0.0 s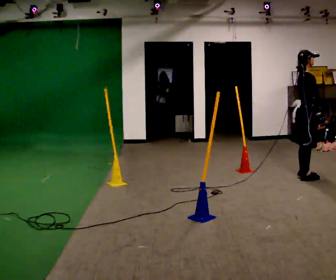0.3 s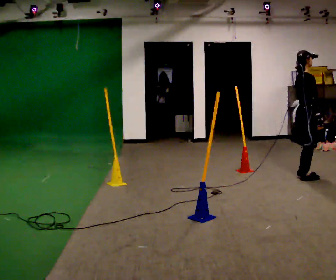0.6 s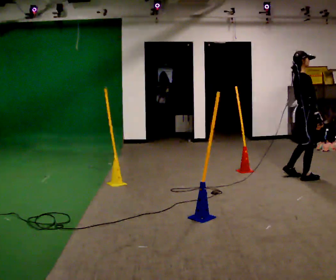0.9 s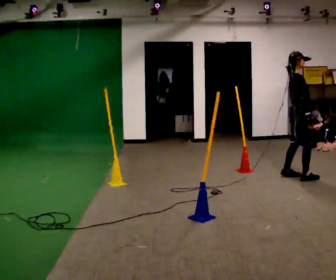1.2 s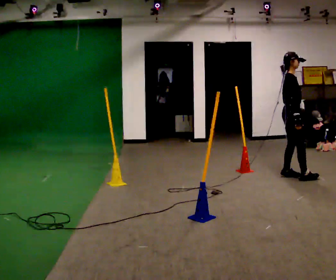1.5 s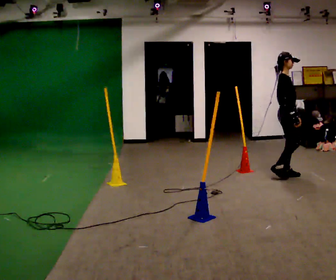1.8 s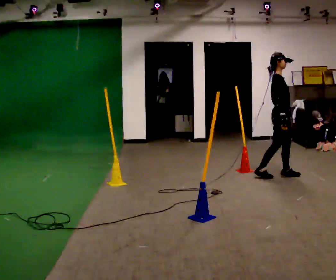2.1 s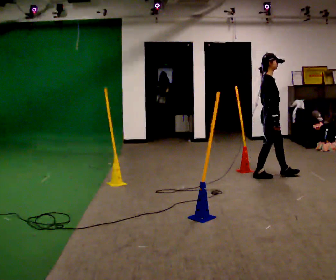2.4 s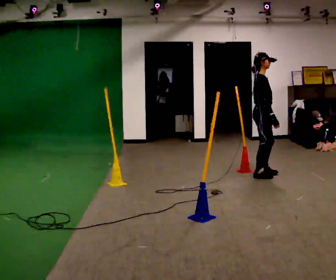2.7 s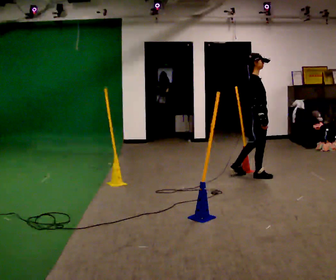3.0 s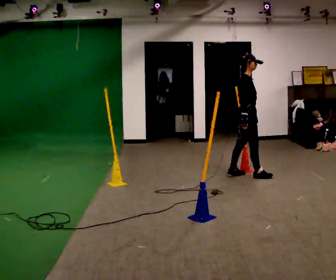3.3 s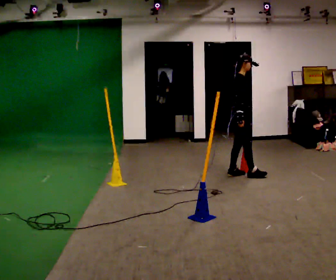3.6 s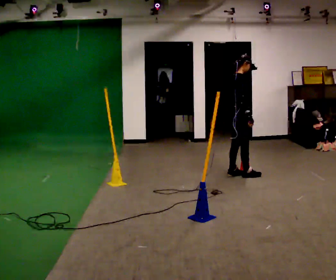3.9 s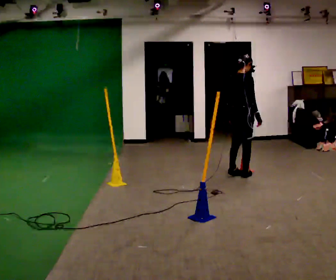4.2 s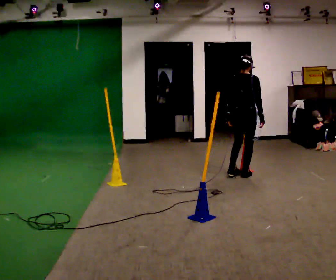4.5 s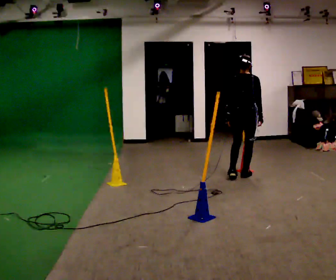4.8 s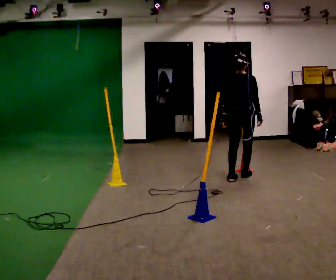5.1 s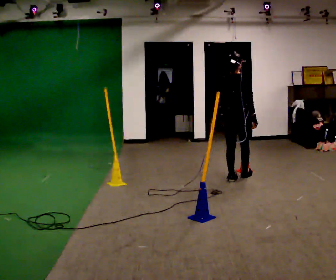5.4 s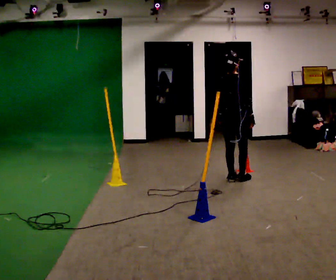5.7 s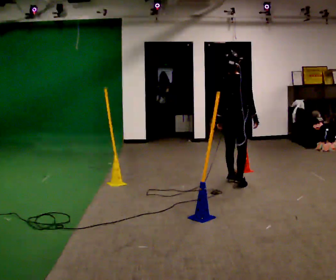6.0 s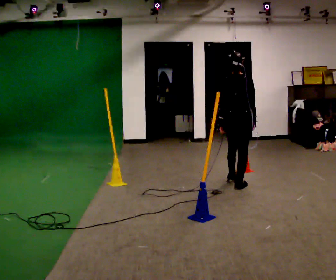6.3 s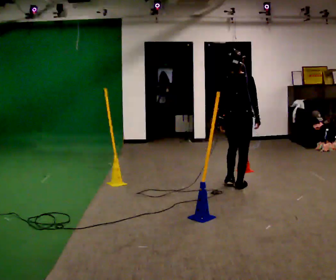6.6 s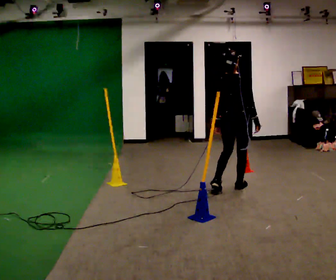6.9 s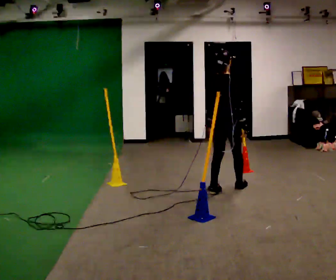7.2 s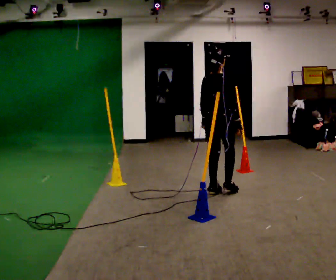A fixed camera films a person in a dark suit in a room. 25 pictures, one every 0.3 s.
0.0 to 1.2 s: In the picture they go to the left, about 0.25 m in 2 steps, which for them is backward and to their left.
1.2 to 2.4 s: In the picture they go to the left, about 0.5 m in 1 step, which for them is backward.
2.4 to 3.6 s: In the picture they go to the left, about 0.25 m, which for them is backward and to their left.
3.6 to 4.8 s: The person turns about 75 degrees to their left, counterclockwise seen from above, so the part of the body nearest the lens slides to the right. In the picture they go toward the camera, about 0.25 m in 1 step.
4.8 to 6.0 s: In the picture they go toward the camera, about 0.25 m in 1 step, which for them is backward.
6.0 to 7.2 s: In the picture they go toward the camera and to the left, about 0.5 m in 2 steps, which for them is backward.
The film runs backward here.
